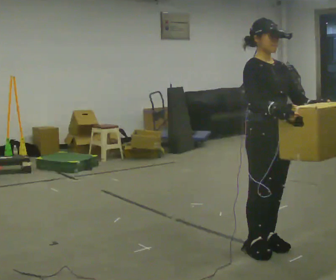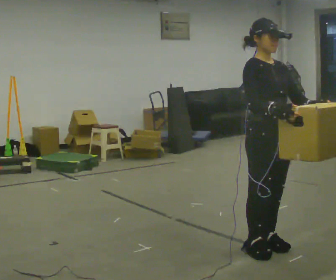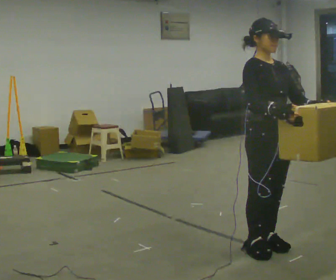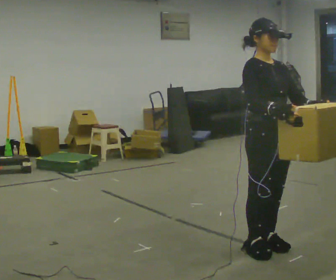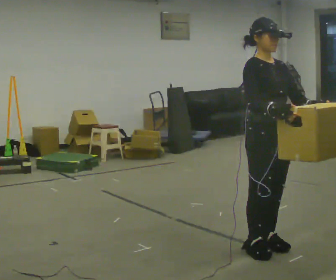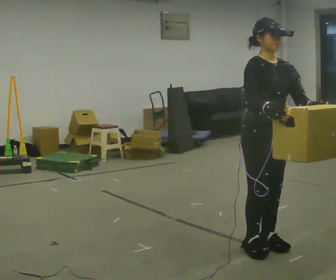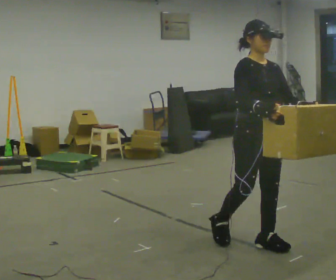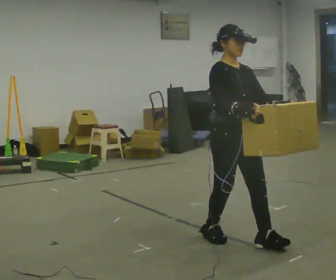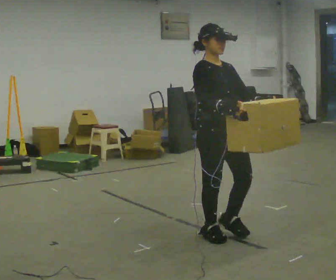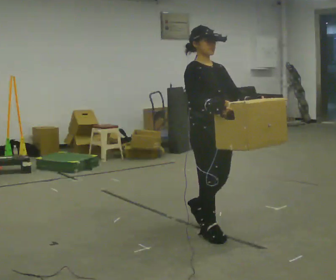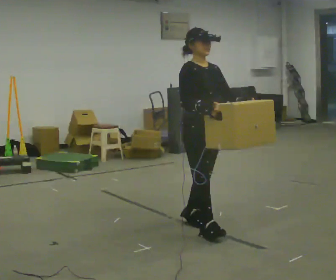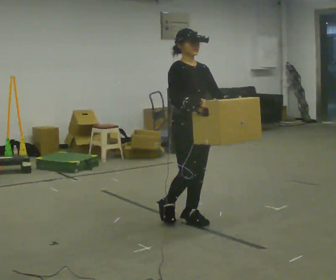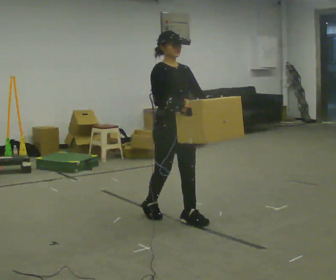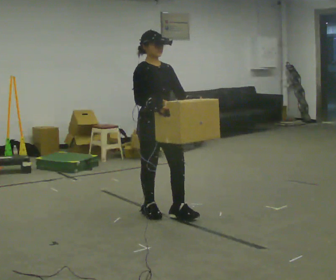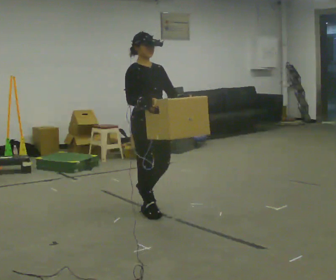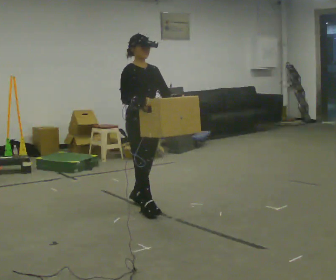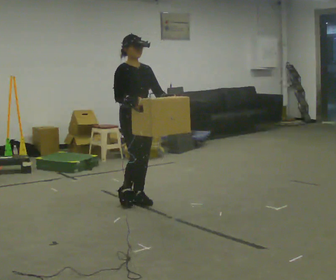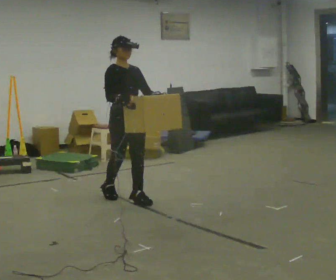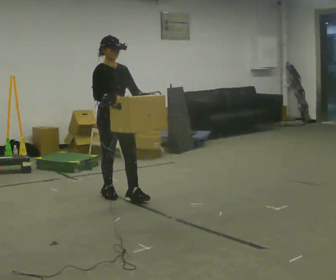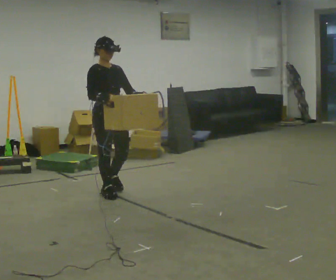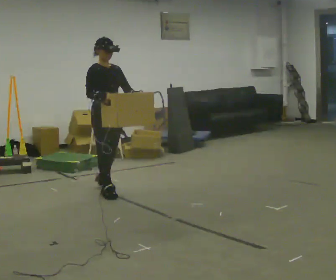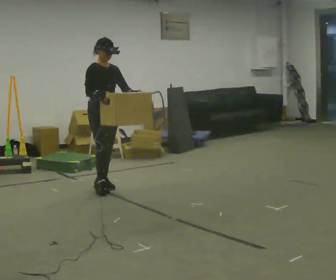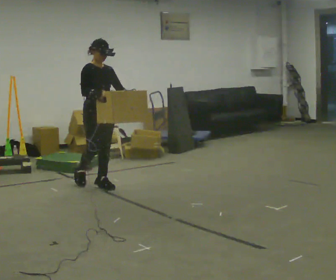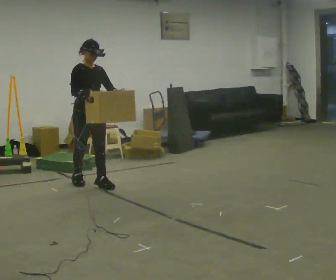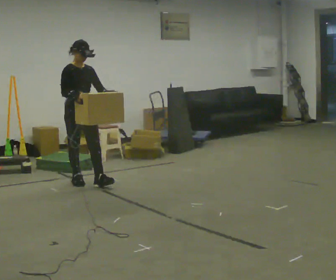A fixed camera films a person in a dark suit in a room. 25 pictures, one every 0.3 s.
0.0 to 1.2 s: The person keeps their place and pose.
1.2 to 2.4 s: In the picture they go to the left and away from the camera, about 0.5 m in 1 step, which for them is backward.
2.4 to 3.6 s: In the picture they go away from the camera and to the left, about 0.5 m in 2 steps, which for them is backward.
3.6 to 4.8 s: In the picture they go away from the camera and to the left, about 0.5 m in 1 step, which for them is backward.
4.8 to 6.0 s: In the picture they go away from the camera and to the left, about 0.5 m in 2 steps, which for them is backward.
6.0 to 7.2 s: In the picture they go to the left and away from the camera, about 0.5 m in 1 step, which for them is backward.
The film runs forward here.
